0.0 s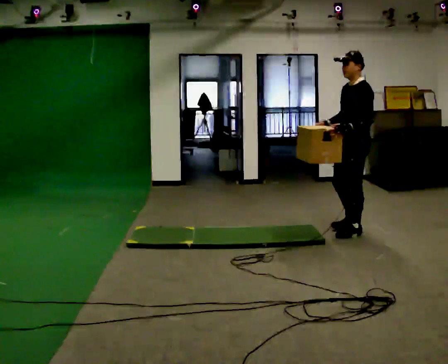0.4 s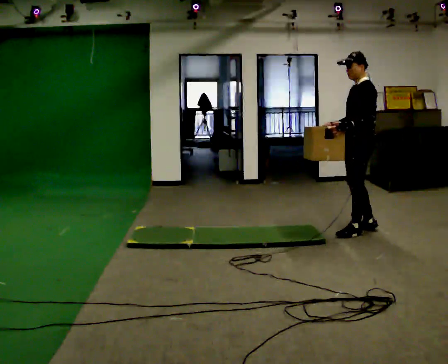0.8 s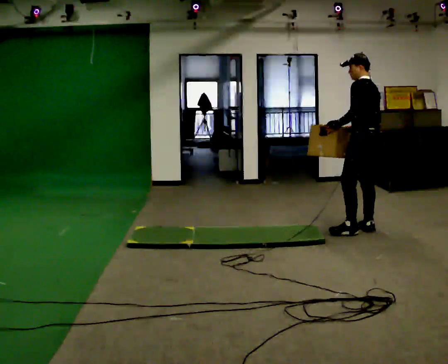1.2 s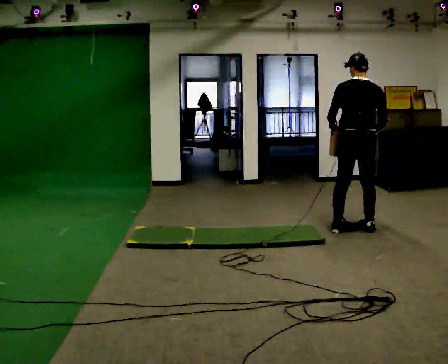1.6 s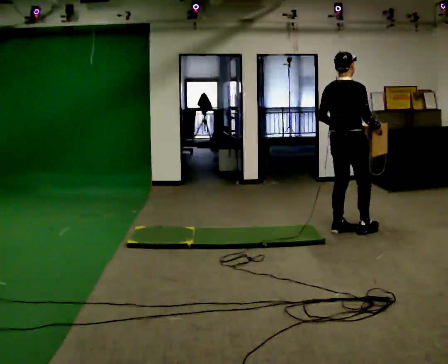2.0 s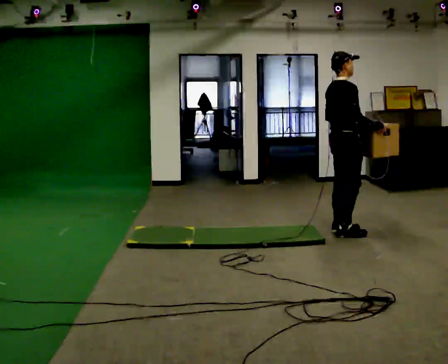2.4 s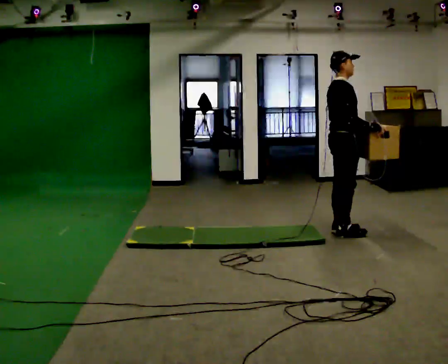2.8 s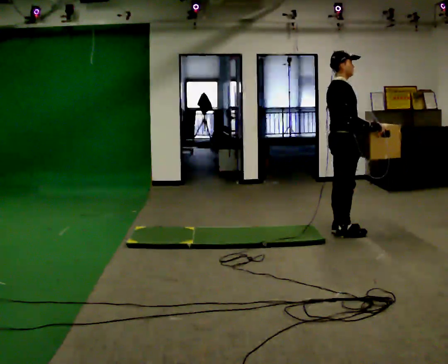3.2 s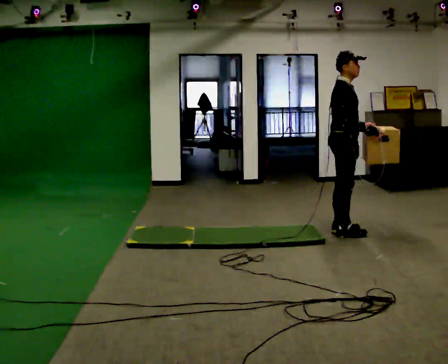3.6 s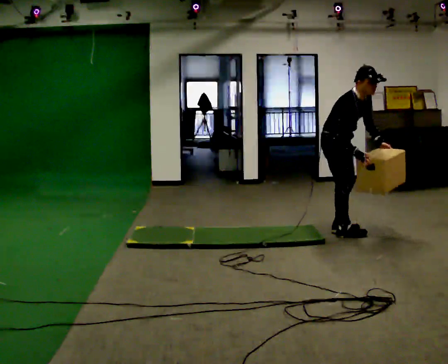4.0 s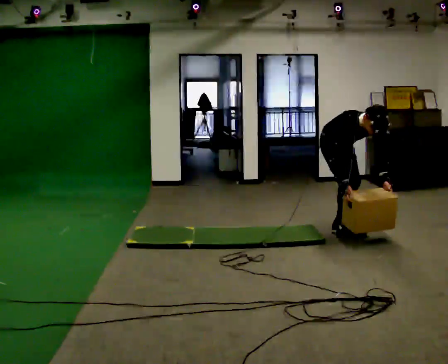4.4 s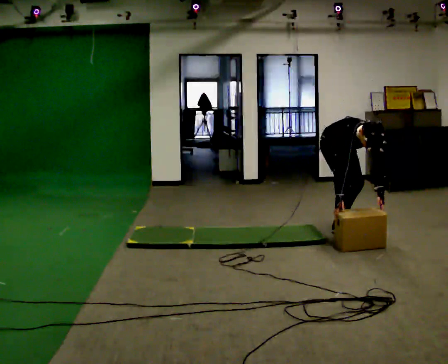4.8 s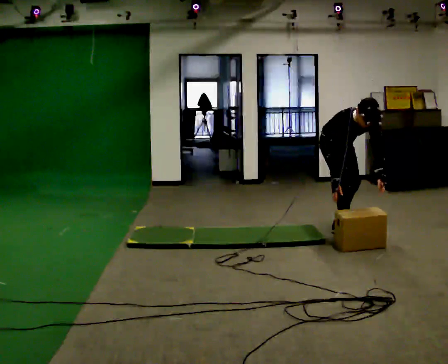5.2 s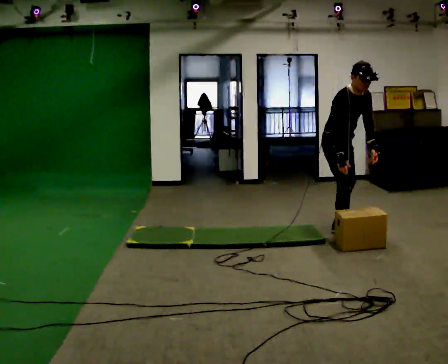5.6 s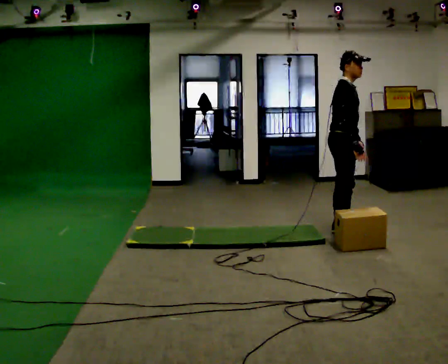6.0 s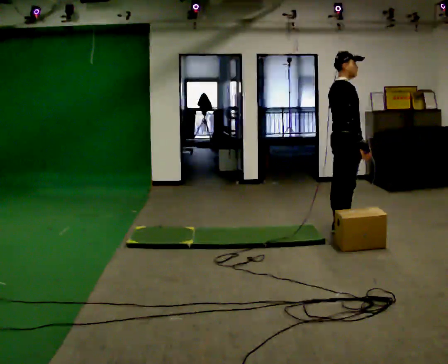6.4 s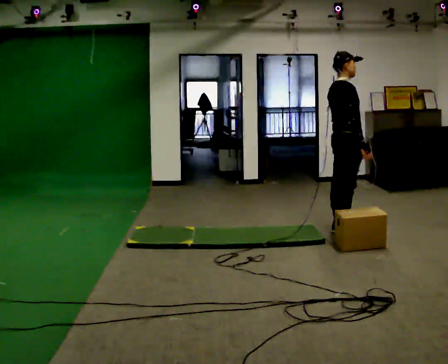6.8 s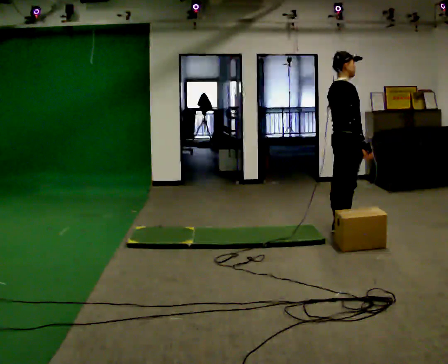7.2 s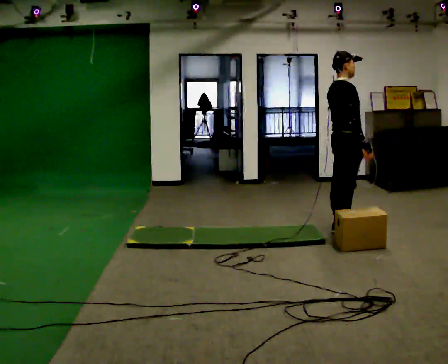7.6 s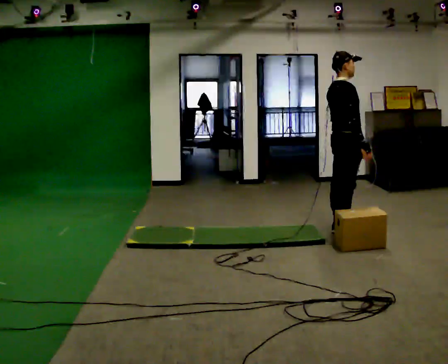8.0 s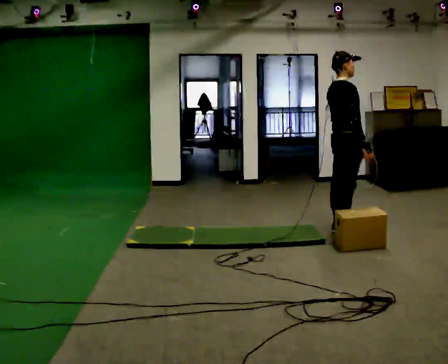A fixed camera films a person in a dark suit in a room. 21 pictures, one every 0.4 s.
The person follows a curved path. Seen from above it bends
counterclockwise.
0.0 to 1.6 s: Seen from above the body turns clockwise, about 150 degrees: to their right, with its near side sliding to the left. In the picture their right hand goes to the right, the arm swinging counterclockwise.
1.6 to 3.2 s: The person turns about 60 degrees to their right, clockwise seen from above, so the part of the body nearest the lens slides to the left.
3.2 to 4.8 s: Seen from above the body turns clockwise, about 45 degrees: to their right, with its near side sliding to the left. In the picture their right hand goes downward, the arm swinging clockwise.
4.8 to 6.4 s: The person turns about 60 degrees to their left, counterclockwise seen from above, so the part of the body nearest the lens slides to the right. The shoulders move upward. The upper body tips away from the camera, its near side rolling upward, as they lean back or straighten. In the picture their right hand goes upward.
6.4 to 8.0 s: The person keeps their place and pose.
The film runs backward here.
